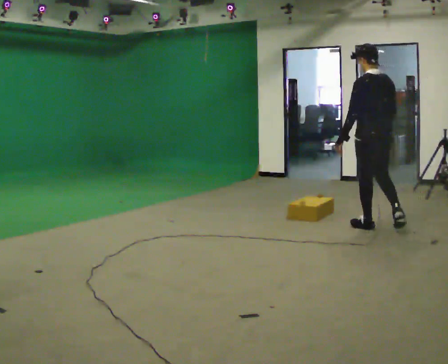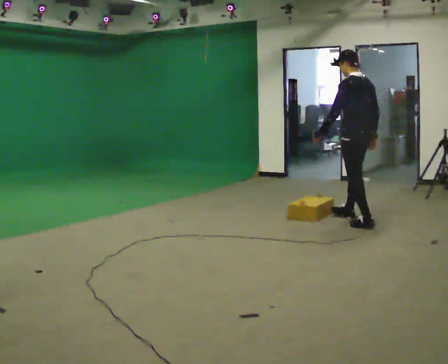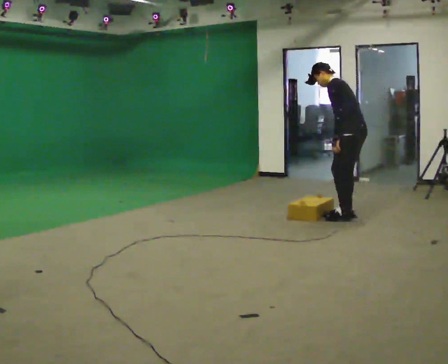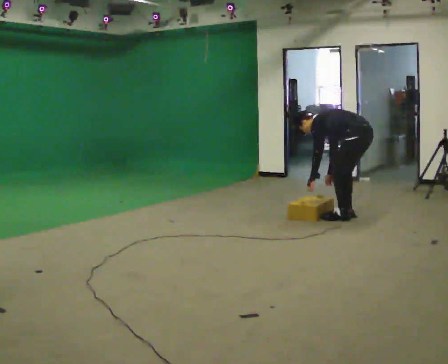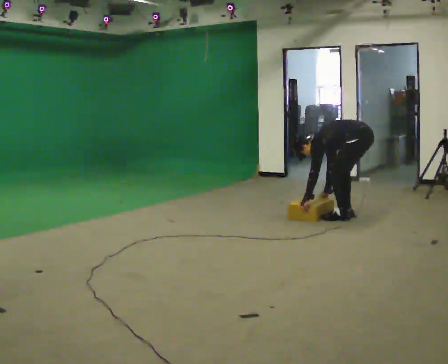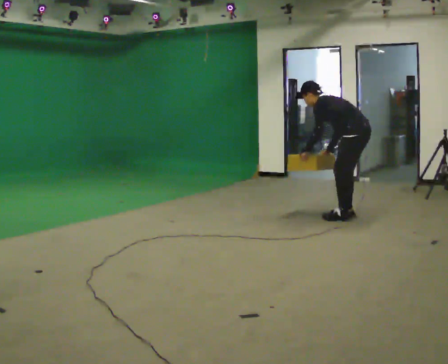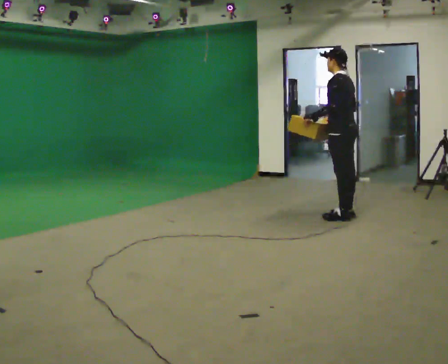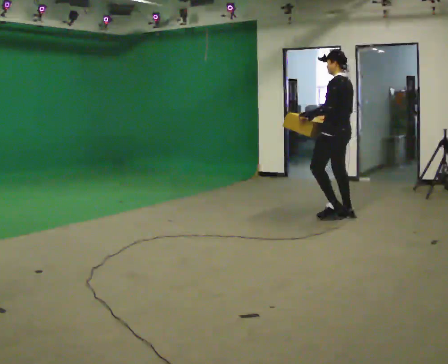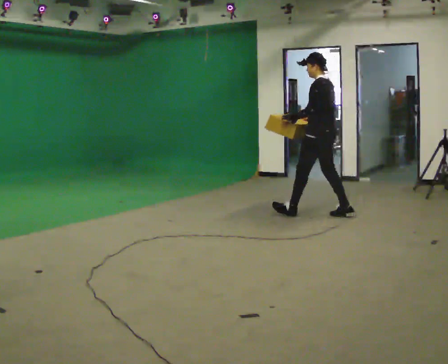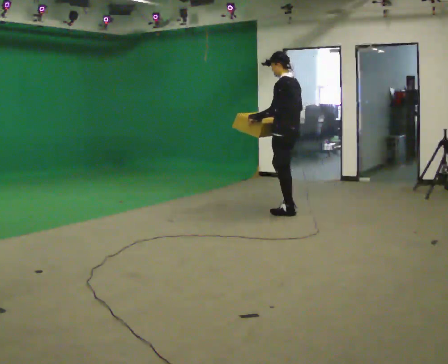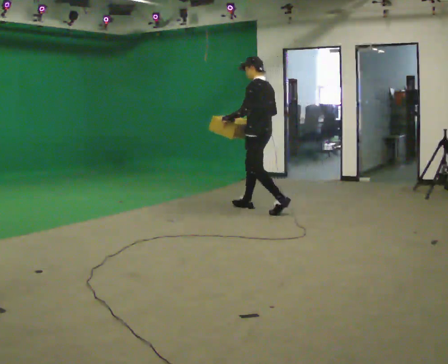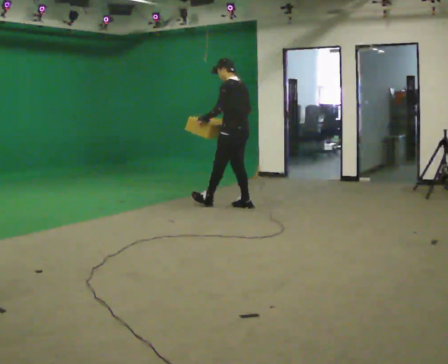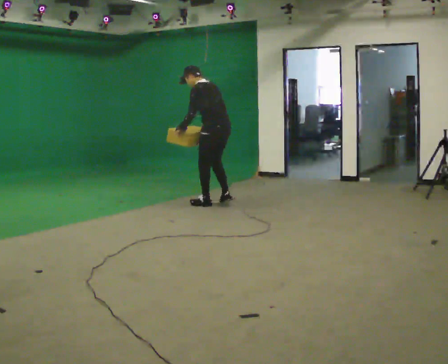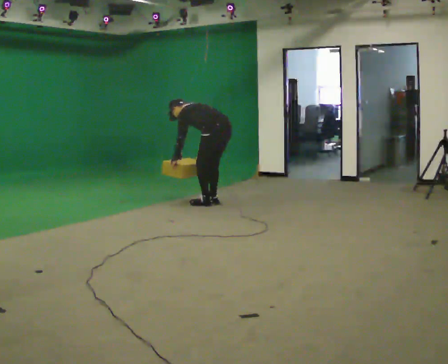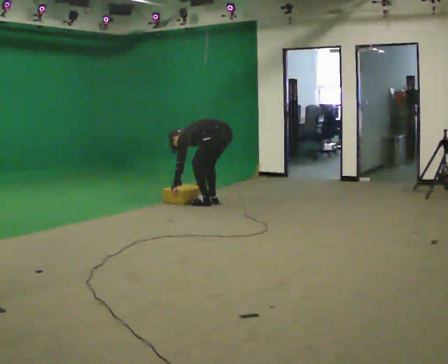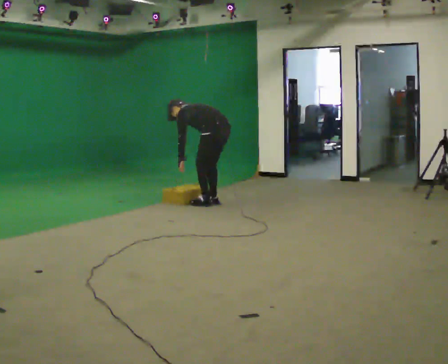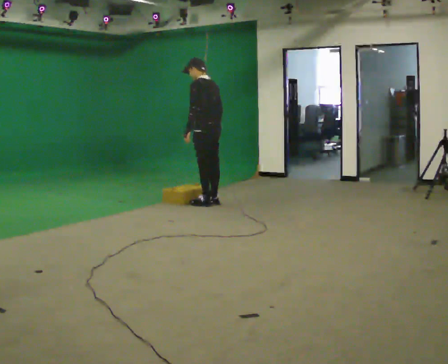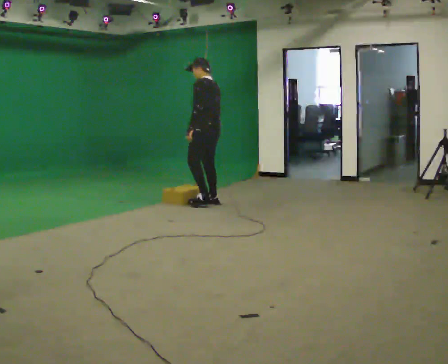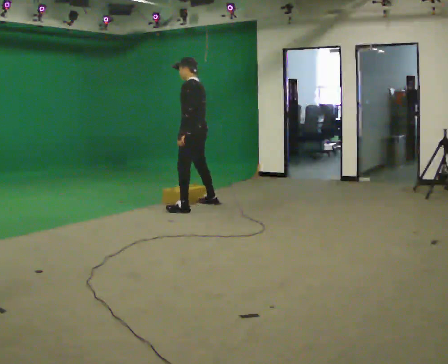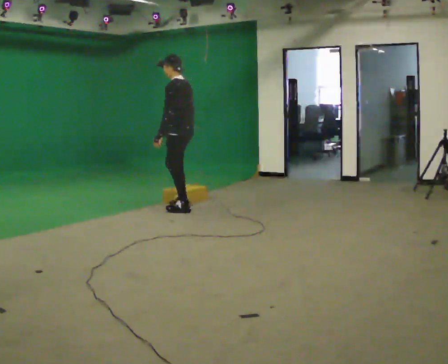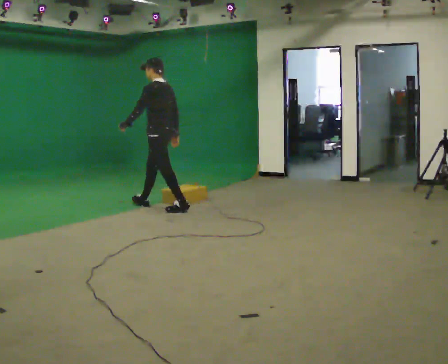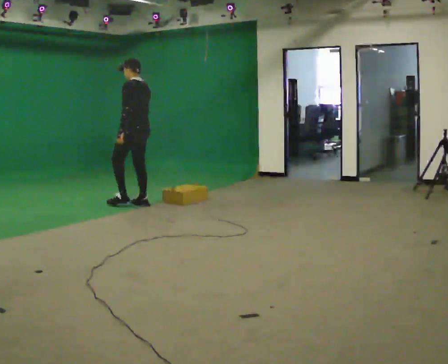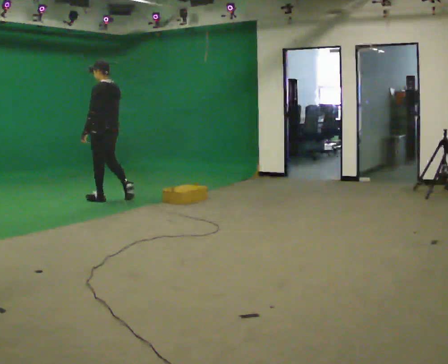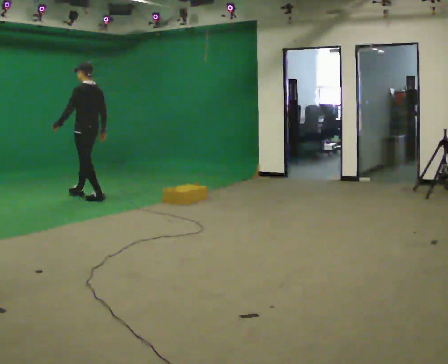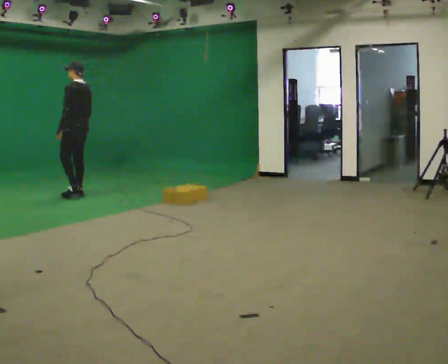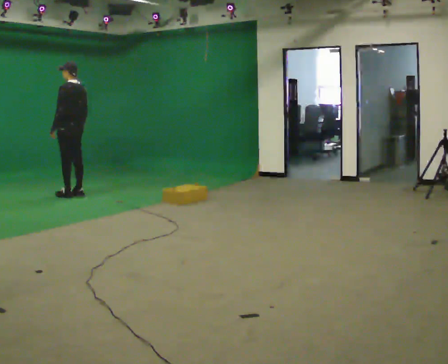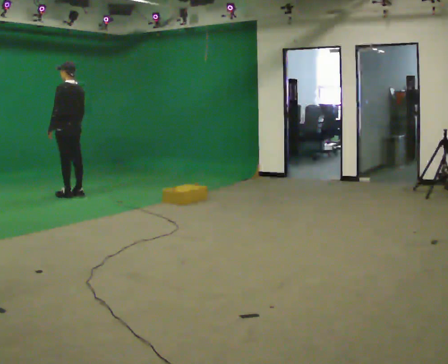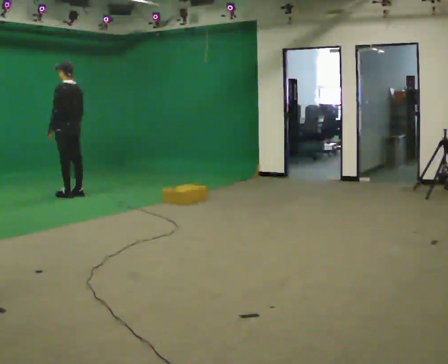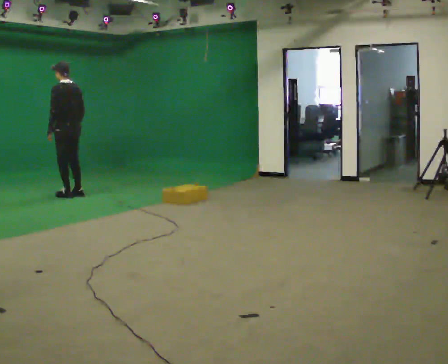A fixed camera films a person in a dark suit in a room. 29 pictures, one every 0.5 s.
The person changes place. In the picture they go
to the left.
0.0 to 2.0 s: Seen from above the body turns counterclockwise, about 30 degrees: to their left, with its near side sliding to the right. In the picture they go away from the camera, about 0.5 m in 2 steps, which for them is to their right and forward. The upper body goes downward. In the picture the upper body tilts counterclockwise, shoulders to the left, as they bend forward. In the picture their left hand goes downward.
2.0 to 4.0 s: In the picture they go to the left and away from the camera, about 0.5 m in 1 step, which for them is forward. The shoulders move upward. In the picture the upper body tilts clockwise, shoulders to the right, as they lean back or straighten. In the picture their right hand goes upward.
4.0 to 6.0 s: In the picture they go to the left and away from the camera, about 1 m in 2 steps, which for them is forward. In the picture the upper body tilts counterclockwise, shoulders to the left, as they bend forward.
6.0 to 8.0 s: The person moves a little, or ends about where they began.
8.0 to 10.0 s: In the picture they go to the left and toward the camera, about 0.5 m in 2 steps, which for them is forward and to their left.
10.0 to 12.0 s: In the picture they go to the left and away from the camera, about 1.5 m in 2 steps, which for them is forward.
12.0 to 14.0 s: The person moves a little, or ends about where they began.
The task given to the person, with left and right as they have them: Start still; walk straight at normal comfortable speed; stop at endpoint.
The film runs forward here.
